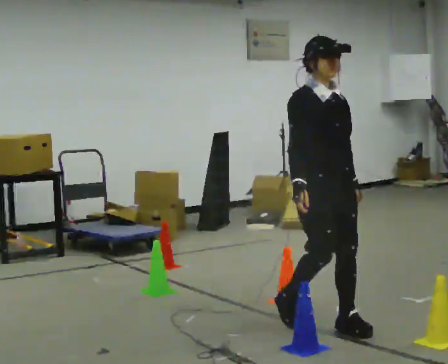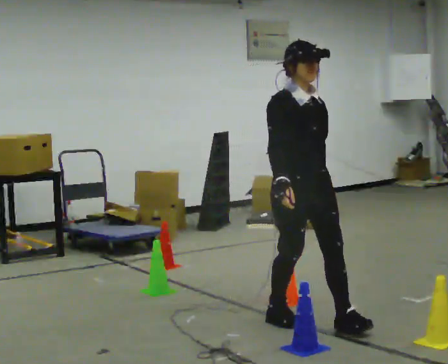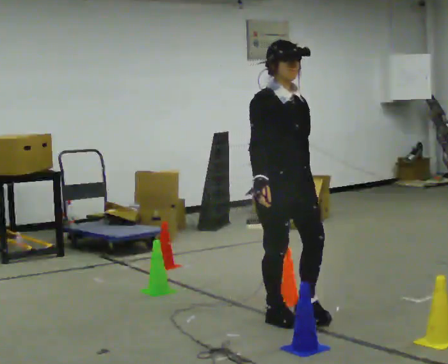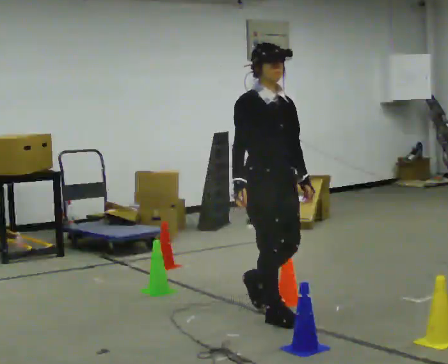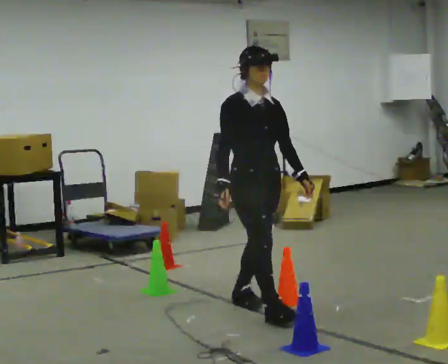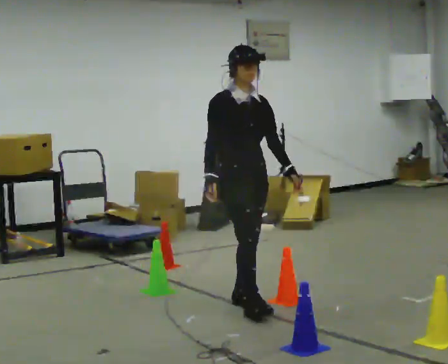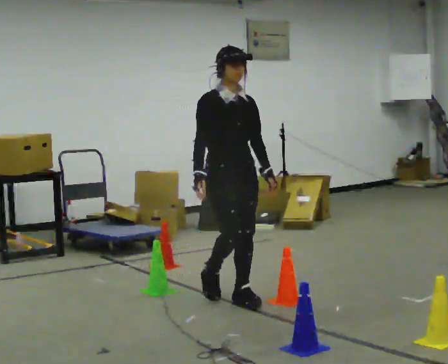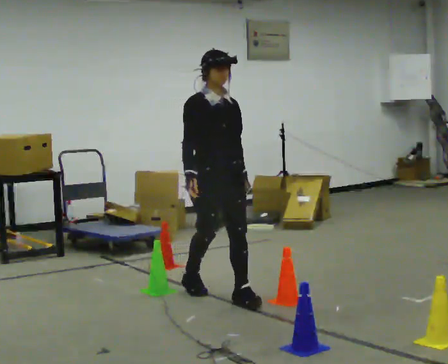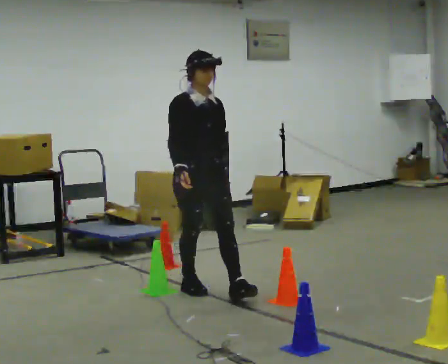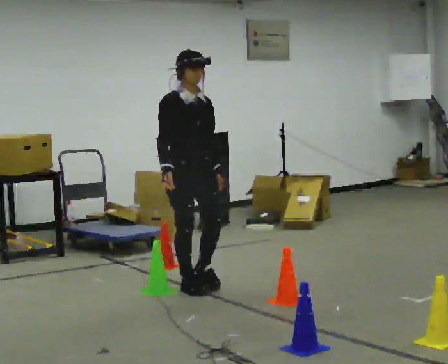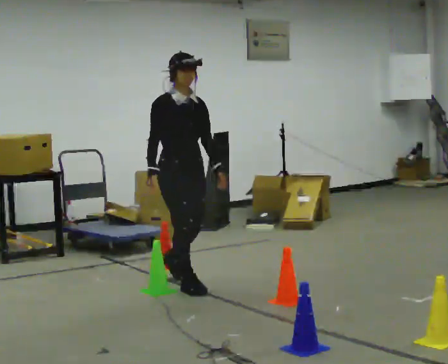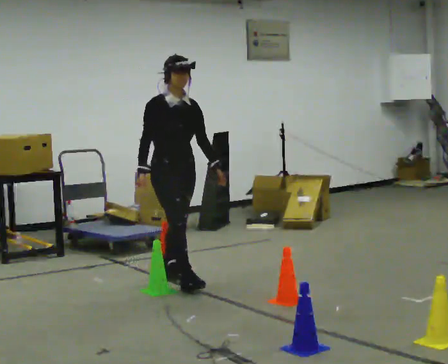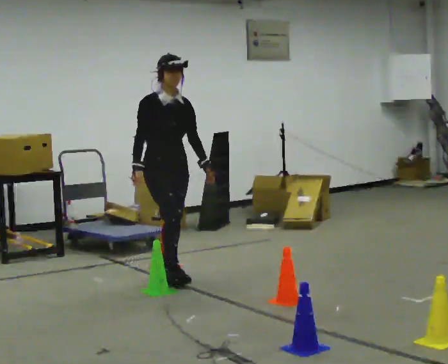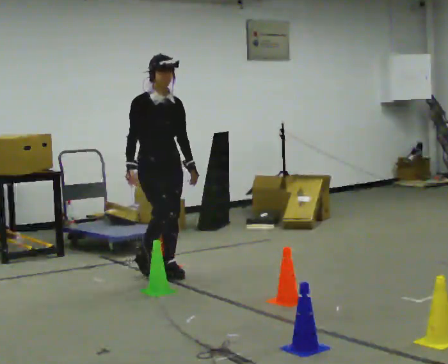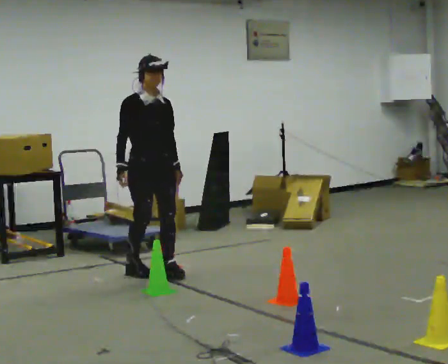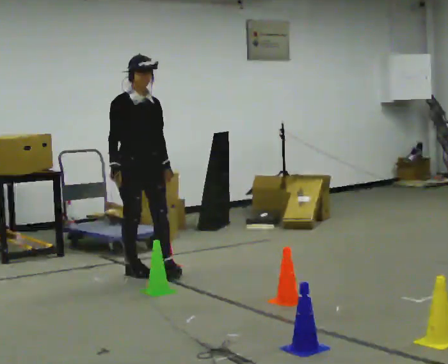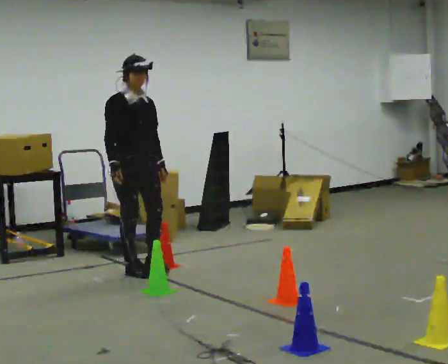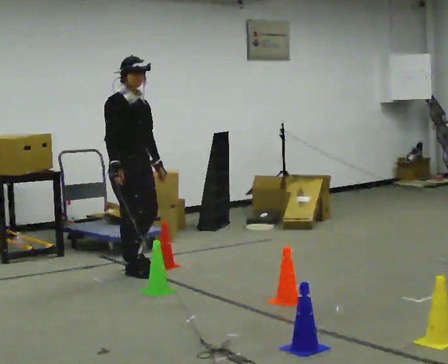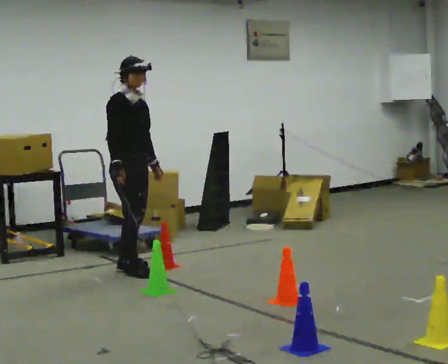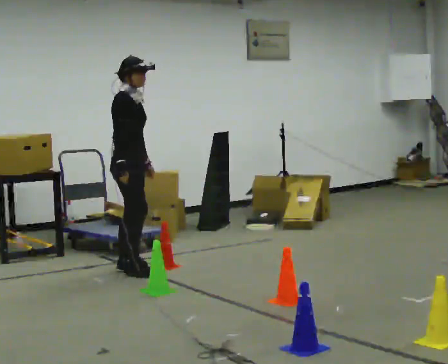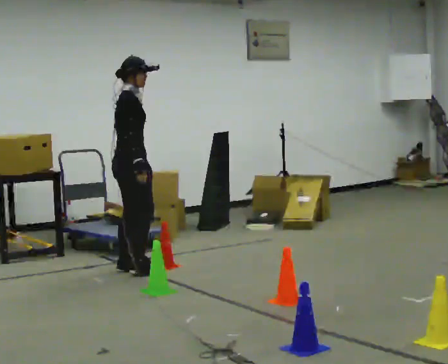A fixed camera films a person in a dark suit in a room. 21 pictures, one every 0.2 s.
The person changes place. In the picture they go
away from the camera.
0.0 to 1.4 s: In the picture they go away from the camera and to the left, about 1 m in 2 steps, which for them is backward.
1.4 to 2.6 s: In the picture they go away from the camera and to the left, about 1 m in 2 steps, which for them is backward.
2.6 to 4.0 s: The person turns about 75 degrees to their left, counterclockwise seen from above, so the part of the body nearest the lens slides to the right. In the picture they go to the left and away from the camera, about 0.25 m in 2 steps.
The film runs backward here.
